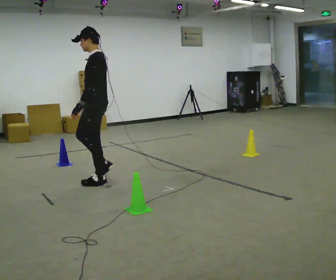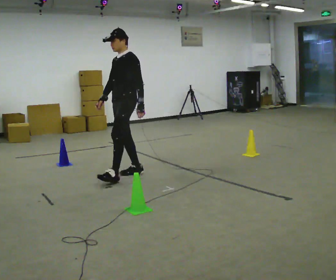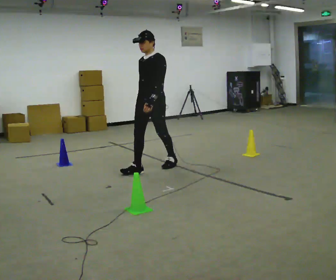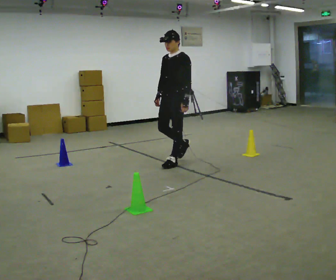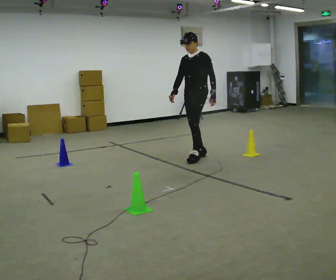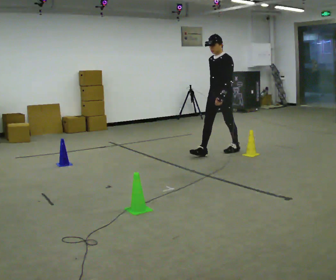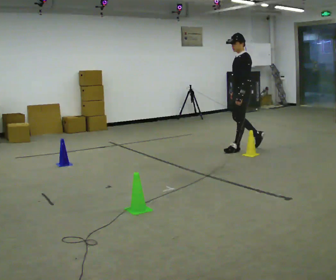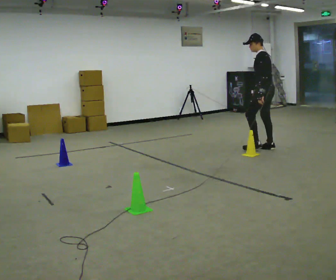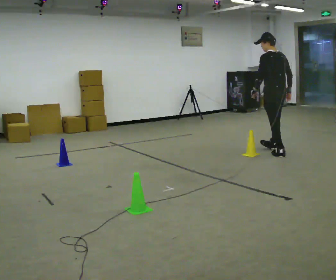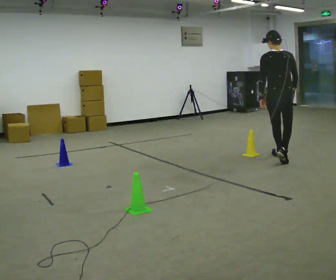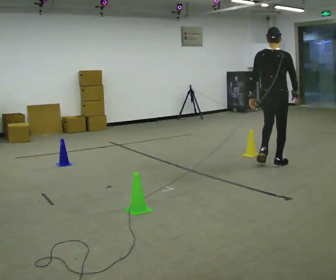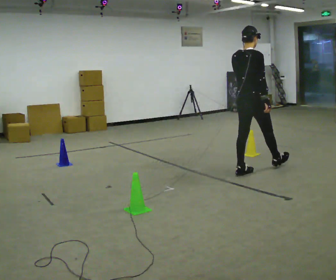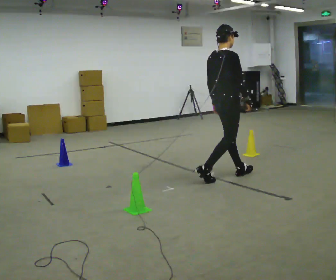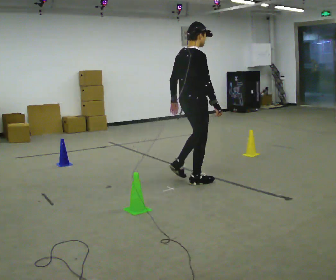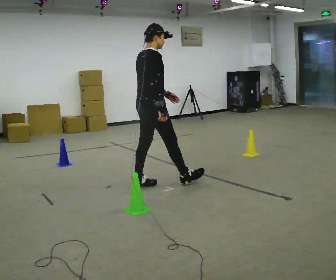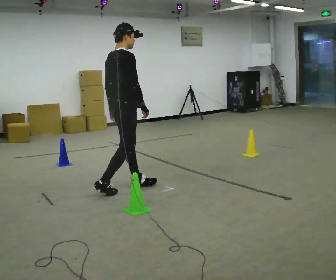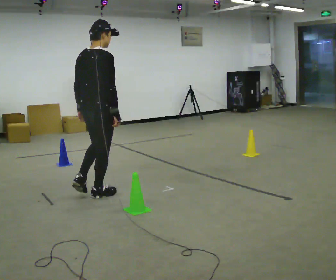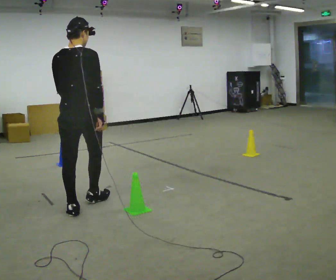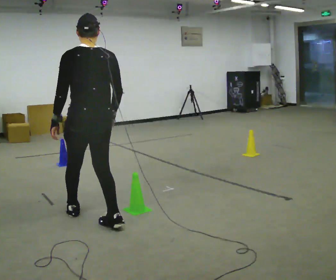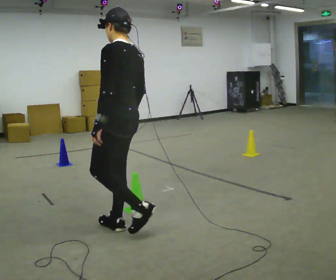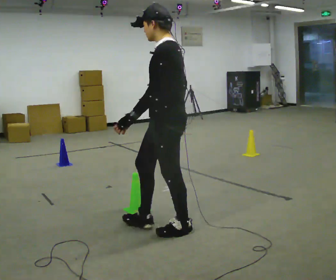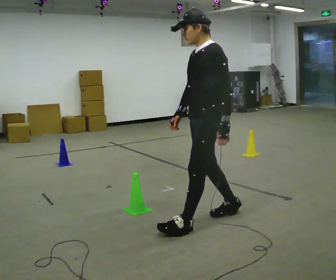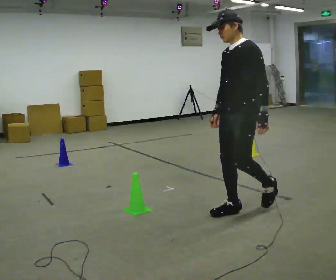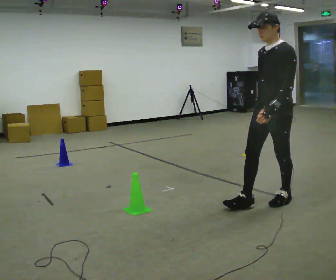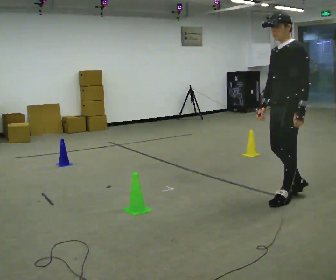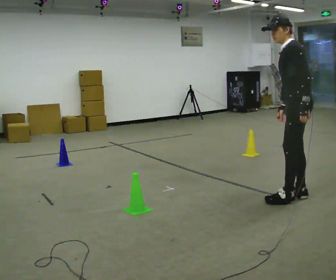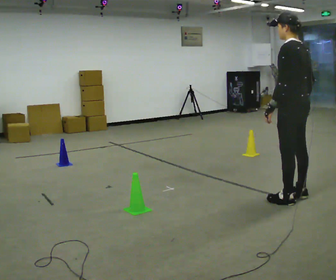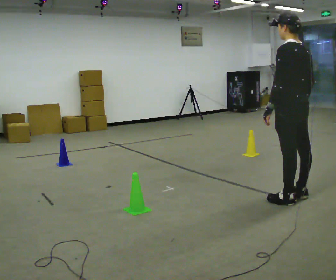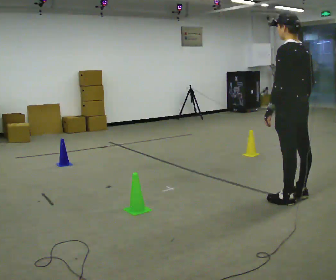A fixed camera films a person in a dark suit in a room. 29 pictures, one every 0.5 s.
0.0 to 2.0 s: Seen from above the body turns counterclockwise, about 30 degrees: to their left, with its near side sliding to the right. In the picture they go to the right and away from the camera, about 1.5 m in 3 steps, which for them is backward.
2.0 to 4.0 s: Seen from above the body turns clockwise, about 105 degrees: to their right, with its near side sliding to the left. In the picture they go to the right, about 1 m in 3 steps.
4.0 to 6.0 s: The person turns about 90 degrees to their right, clockwise seen from above, so the part of the body nearest the lens slides to the left. In the picture they go toward the camera and to the left, about 1.5 m in 2 steps.
6.0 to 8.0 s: The person turns about 30 degrees to their left, counterclockwise seen from above, so the part of the body nearest the lens slides to the right. In the picture they go to the left and toward the camera, about 1.5 m in 3 steps, which for them is backward.
8.0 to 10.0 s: Seen from above the body turns counterclockwise, about 135 degrees: to their left, with its near side sliding to the right. In the picture they go toward the camera and to the right, about 1 m in 3 steps.
10.0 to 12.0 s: In the picture they go to the right and away from the camera, about 1 m in 2 steps, which for them is backward.
12.0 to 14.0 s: Seen from above the body turns clockwise, about 75 degrees: to their right, with its near side sliding to the left.
The film runs backward here.
